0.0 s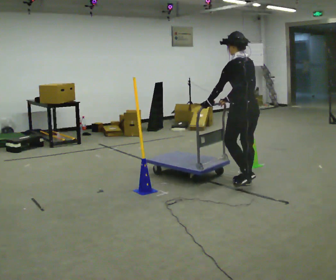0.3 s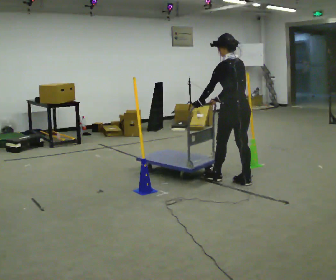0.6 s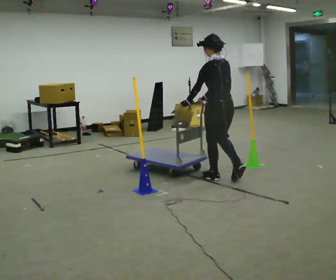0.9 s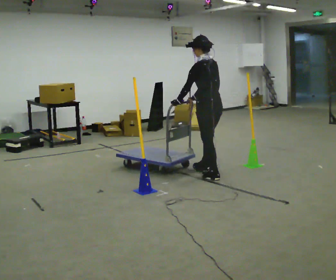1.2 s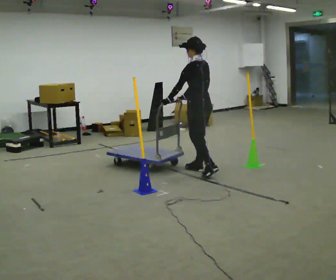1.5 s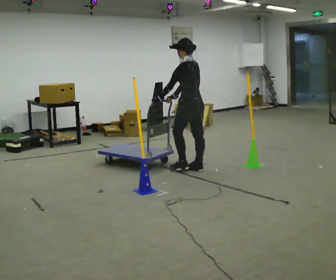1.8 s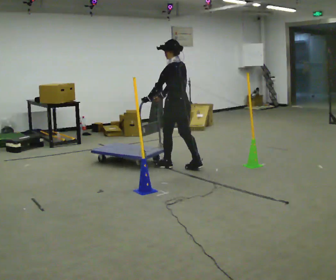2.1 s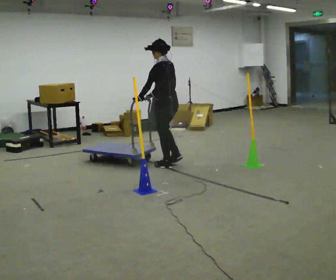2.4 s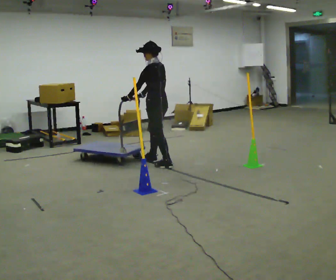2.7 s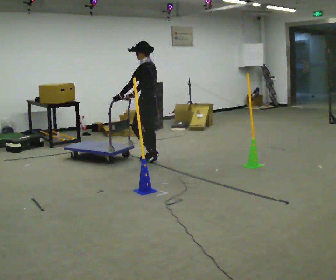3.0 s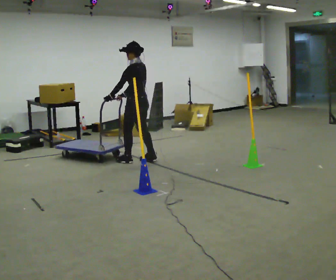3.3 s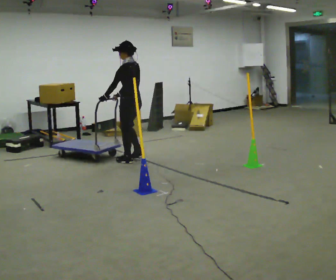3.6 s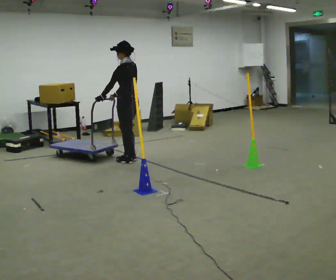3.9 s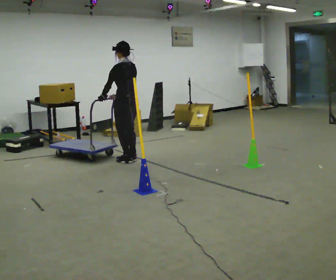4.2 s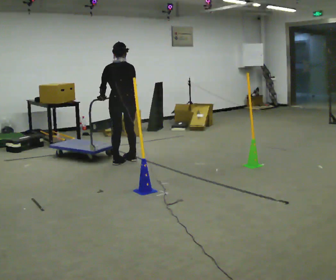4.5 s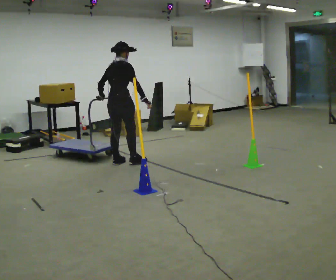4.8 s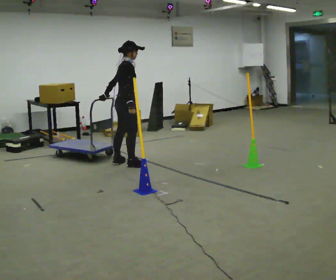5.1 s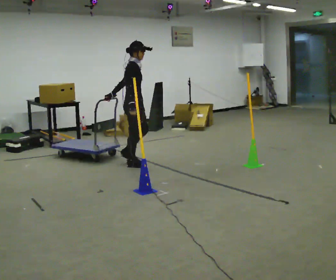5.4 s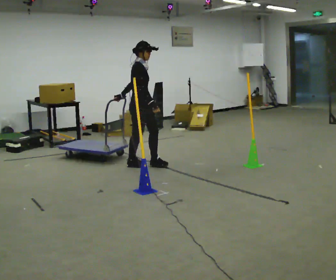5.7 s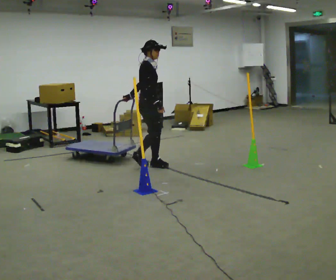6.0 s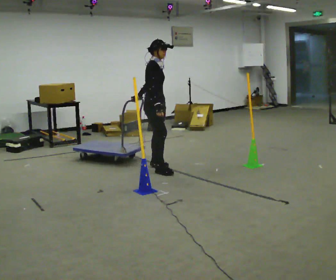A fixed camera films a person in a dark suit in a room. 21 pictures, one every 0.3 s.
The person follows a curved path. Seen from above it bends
counterclockwise.
0.0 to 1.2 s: In the picture they go away from the camera and to the left, about 1 m in 2 steps, which for them is forward.
1.2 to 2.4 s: In the picture they go to the left and away from the camera, about 0.75 m in 2 steps, which for them is forward.
2.4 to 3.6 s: In the picture they go to the left and away from the camera, about 0.5 m in 2 steps, which for them is forward.
3.6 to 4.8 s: Seen from above the body turns clockwise, about 135 degrees: to their right, with its near side sliding to the left. In the picture they go toward the camera, about 0.25 m in 2 steps.
4.8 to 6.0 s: Seen from above the body turns clockwise, about 30 degrees: to their right, with its near side sliding to the left. In the picture they go to the right and toward the camera, about 0.5 m in 2 steps, which for them is forward.
The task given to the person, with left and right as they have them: Push the cart through the gap between the poles without touching them, then bring it back through.
The film runs forward here.
